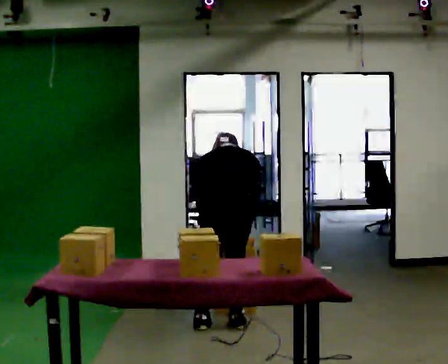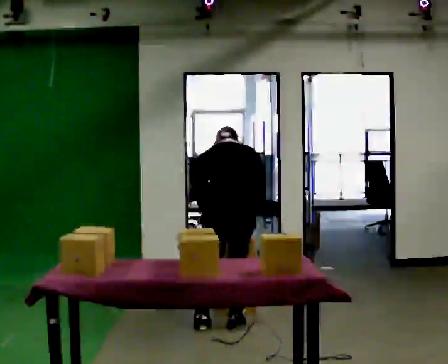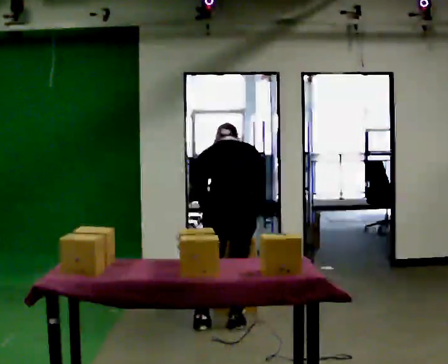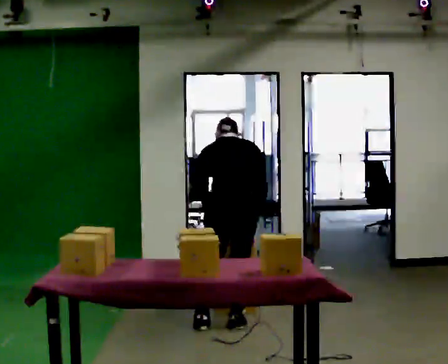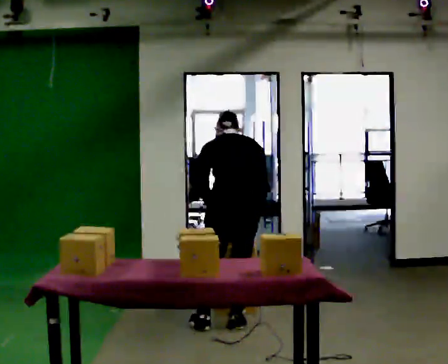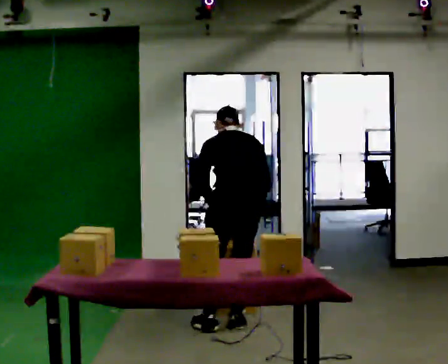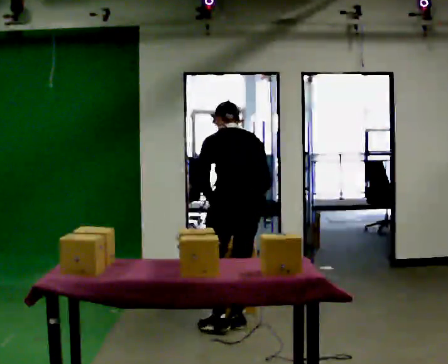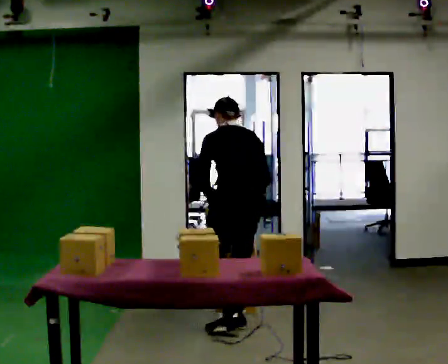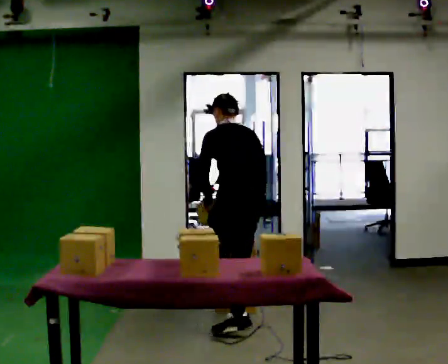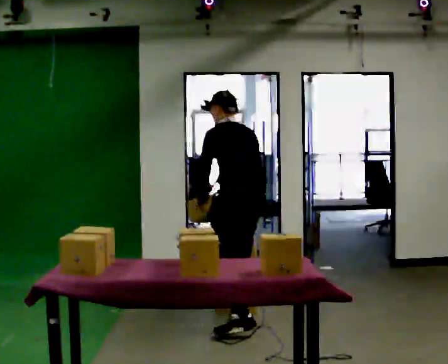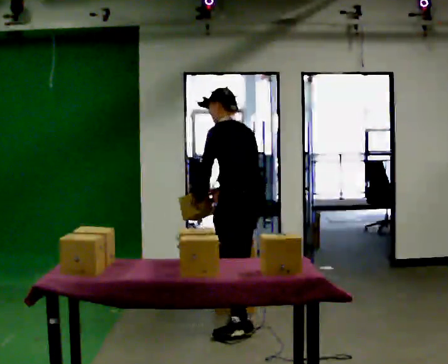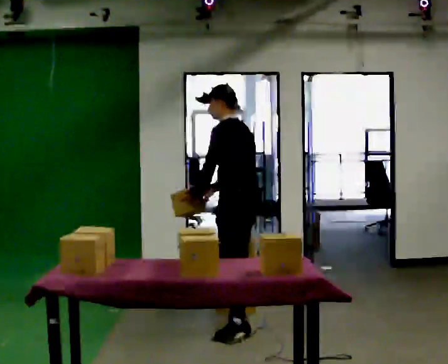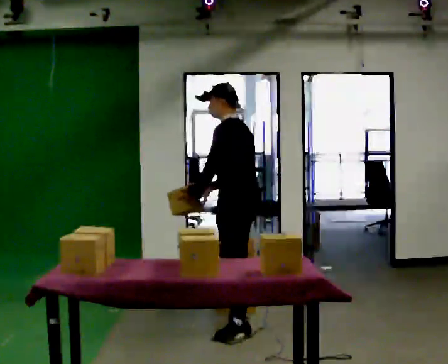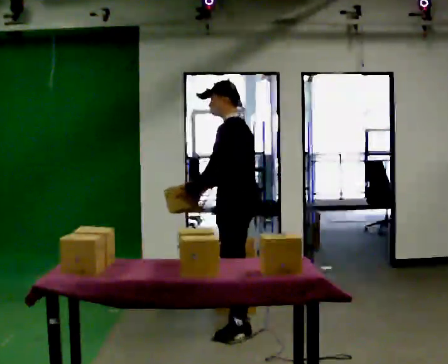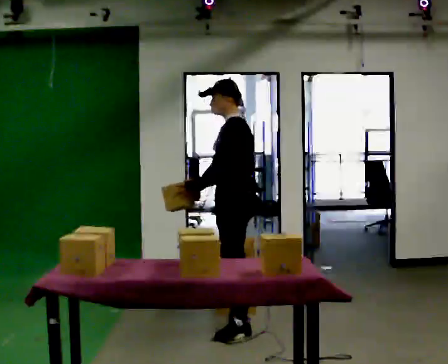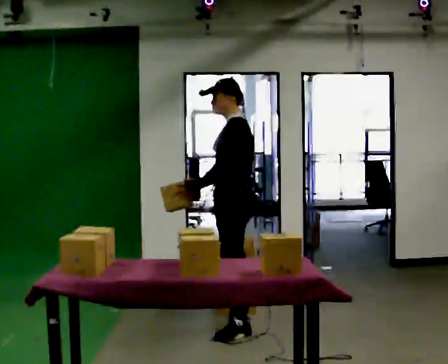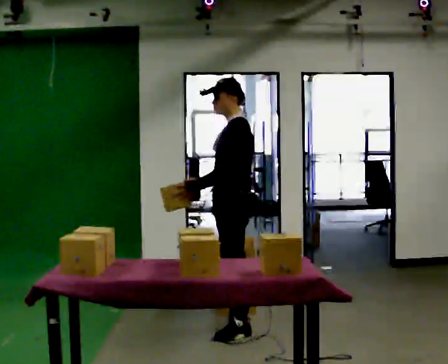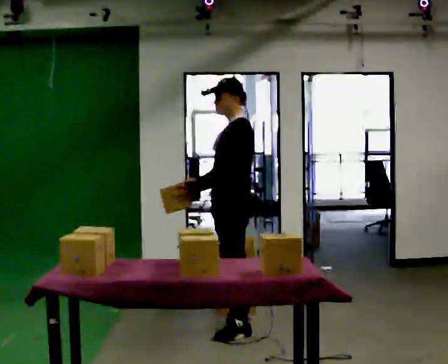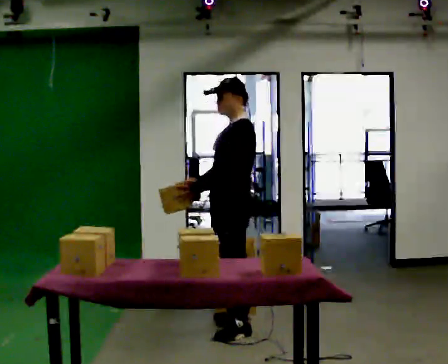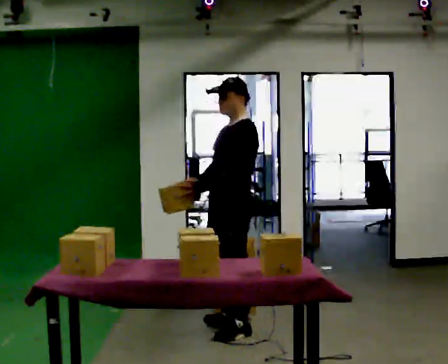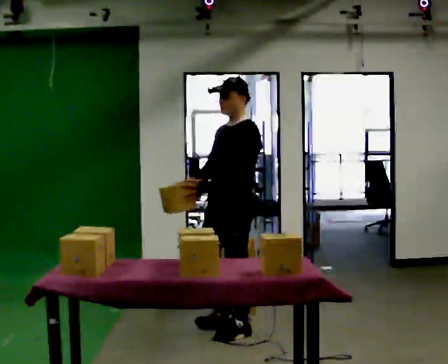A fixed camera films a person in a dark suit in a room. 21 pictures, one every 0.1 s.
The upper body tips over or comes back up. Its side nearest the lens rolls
downward.
The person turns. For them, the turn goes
to their left.
0.0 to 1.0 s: Seen from above the body turns counterclockwise, about 60 degrees: to their left, with its near side sliding to the right. The shoulders move upward. The upper body tips toward the camera, its near side rolling downward, as they lean back or straighten.
1.0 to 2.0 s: Seen from above the body turns counterclockwise, about 60 degrees: to their left, with its near side sliding to the right. In the picture they go toward the camera, about 0.25 m. In the picture the upper body tilts clockwise, shoulders to the right, as they lean back or straighten.
The film runs forward here.
